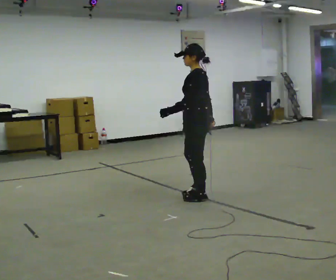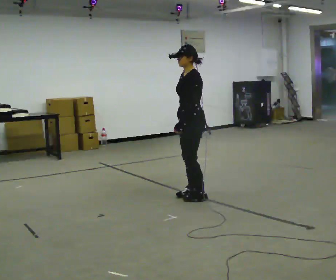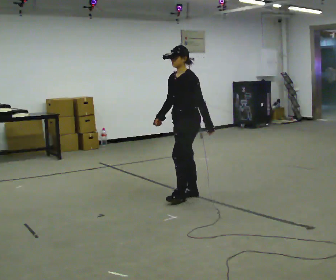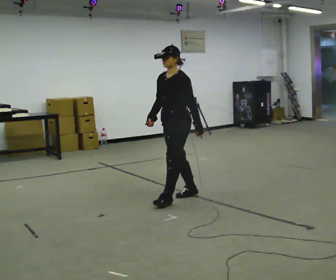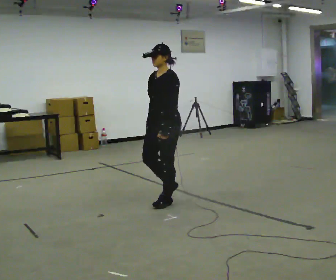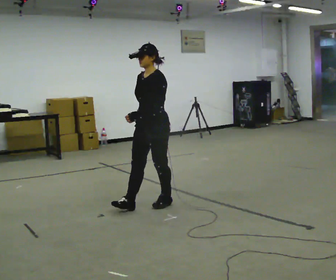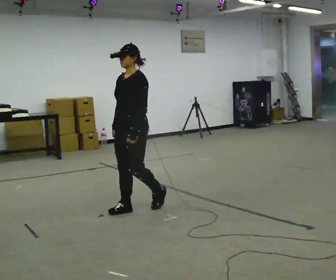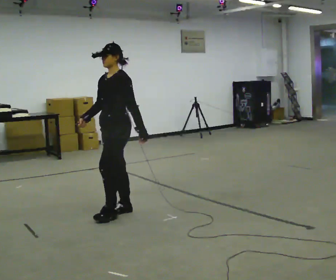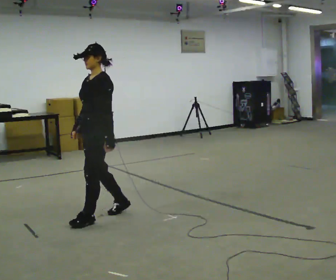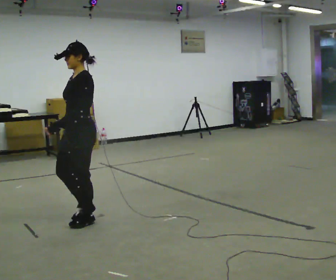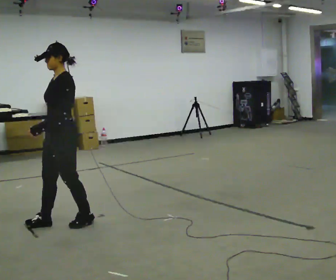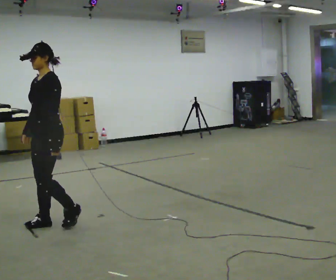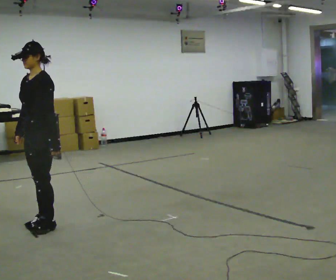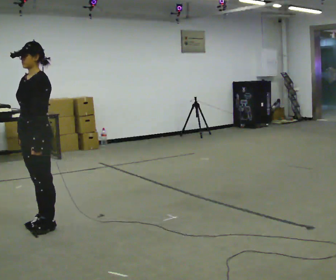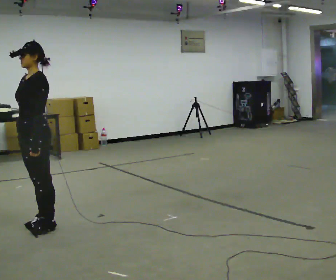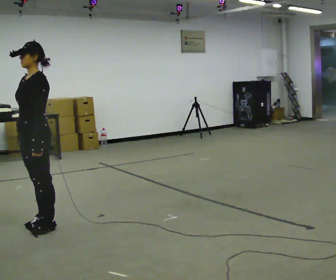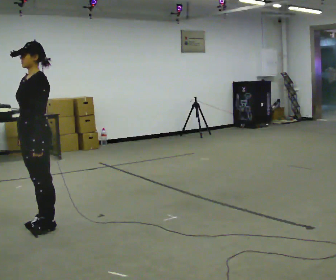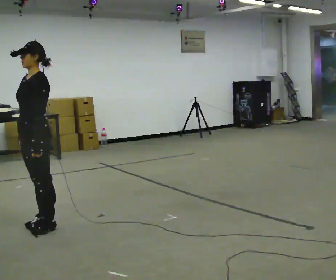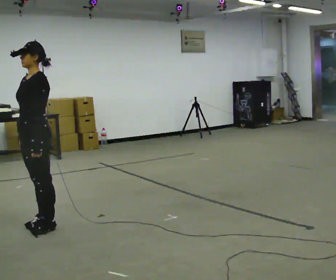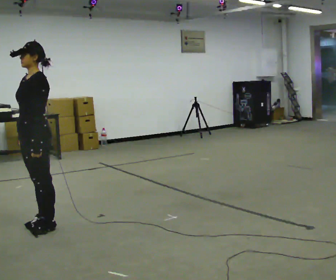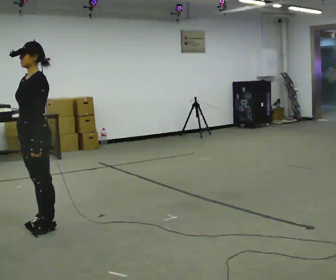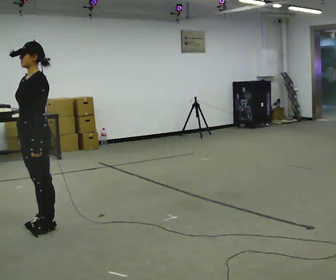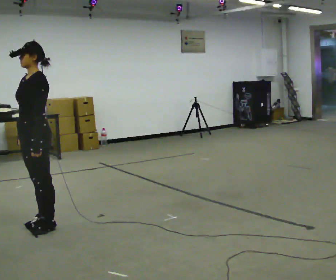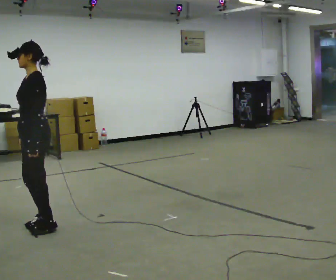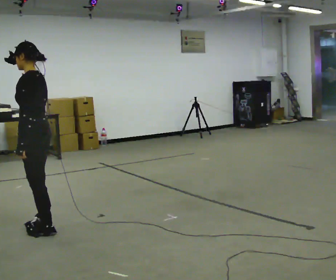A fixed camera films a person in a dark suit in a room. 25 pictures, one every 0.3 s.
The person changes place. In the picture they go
to the left.
0.0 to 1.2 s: Seen from above the body turns counterclockwise, about 45 degrees: to their left, with its near side sliding to the right. In the picture they go to the left, about 0.25 m in 2 steps, which for them is forward.
1.2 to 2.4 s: In the picture they go to the left, about 1 m in 2 steps, which for them is forward.
2.4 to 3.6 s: In the picture they go to the left, about 0.5 m in 2 steps, which for them is forward.
3.6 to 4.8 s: The person moves a little, or ends about where they began.
4.8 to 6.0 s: The person keeps their place and pose.
6.0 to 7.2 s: The person turns about 30 degrees to their right, clockwise seen from above, so the part of the body nearest the lens slides to the left.
The film runs forward here.
